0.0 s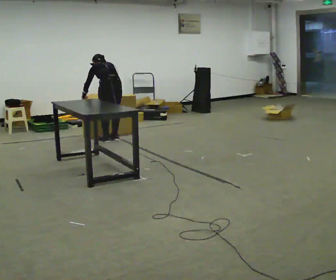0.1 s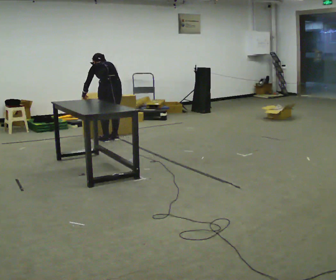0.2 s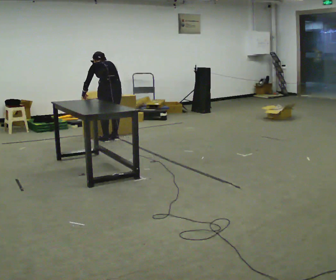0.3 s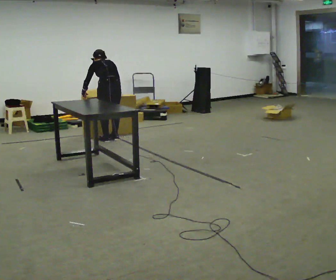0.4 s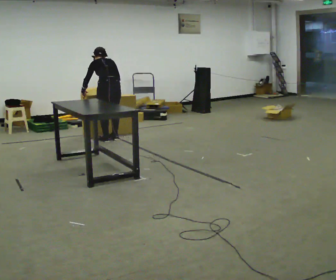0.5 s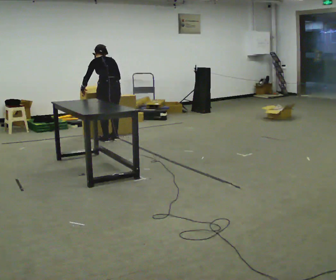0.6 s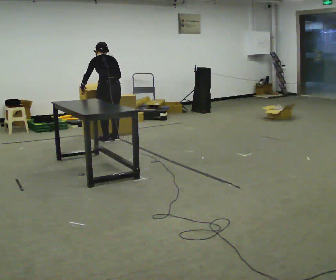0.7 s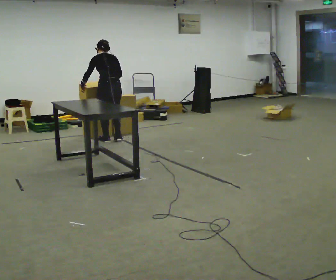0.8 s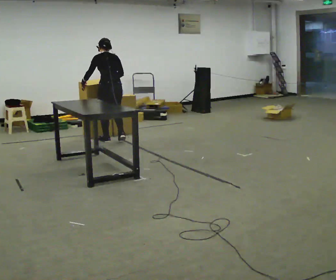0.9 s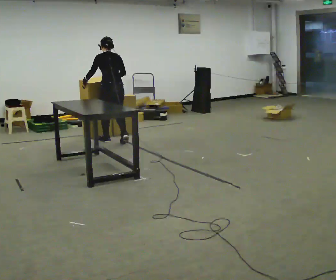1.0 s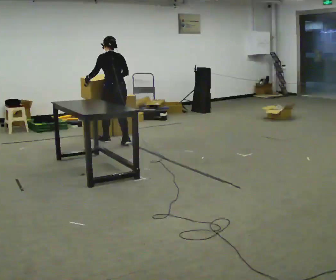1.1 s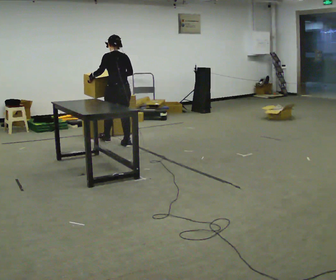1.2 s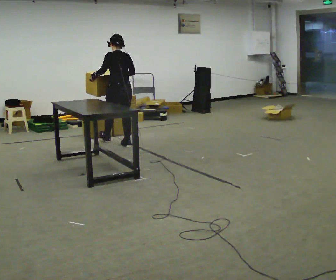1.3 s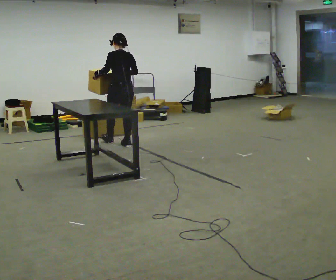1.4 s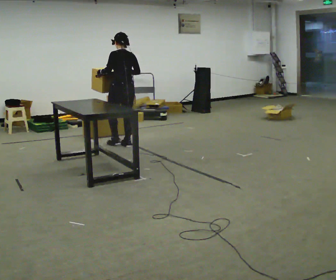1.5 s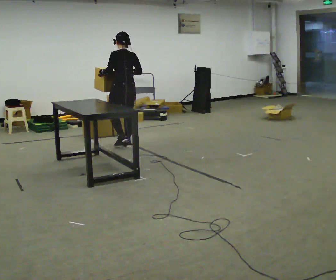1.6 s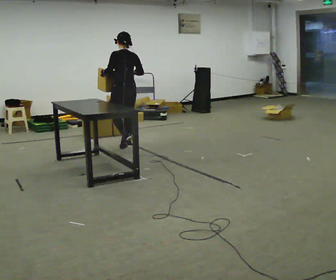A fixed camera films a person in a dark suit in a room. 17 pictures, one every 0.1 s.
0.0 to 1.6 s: In the picture they go toward the camera and to the right, about 0.5 m in 2 steps, which for them is backward. The shoulders move upward. The upper body tips toward the camera, its near side rolling downward, as they lean back or straighten. In the picture their right hand goes upward.
The film runs backward here.
